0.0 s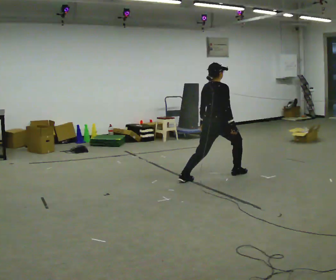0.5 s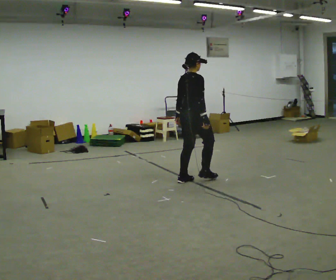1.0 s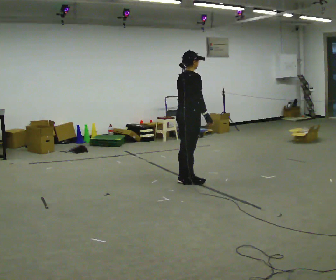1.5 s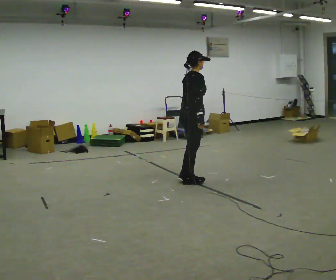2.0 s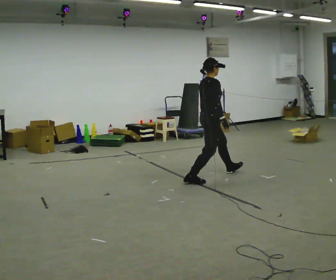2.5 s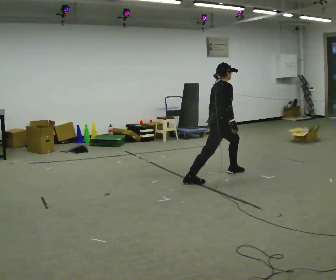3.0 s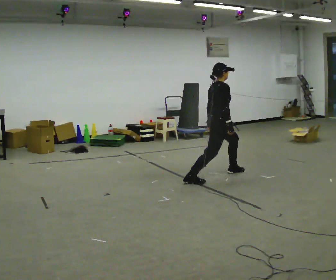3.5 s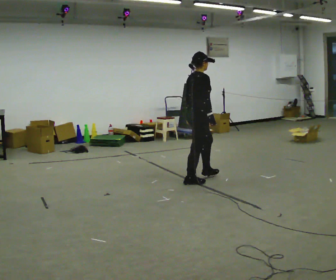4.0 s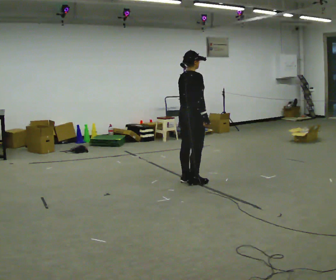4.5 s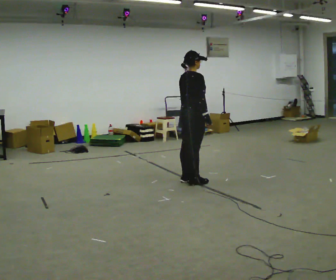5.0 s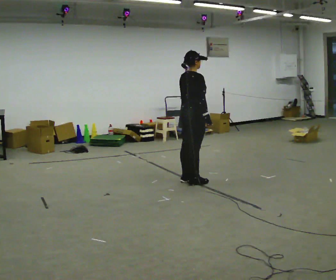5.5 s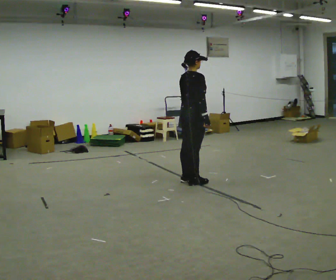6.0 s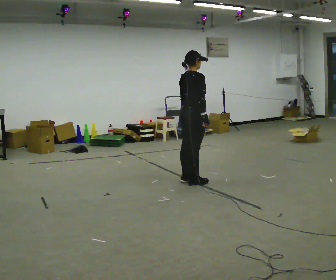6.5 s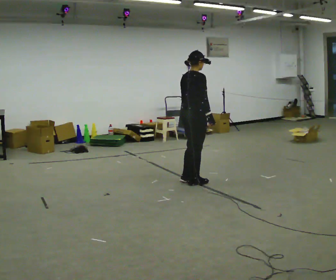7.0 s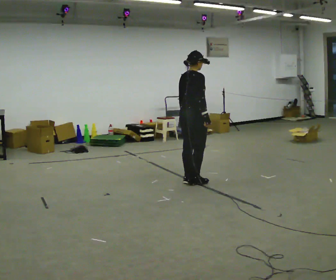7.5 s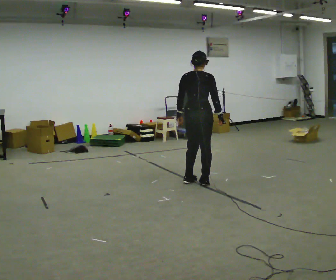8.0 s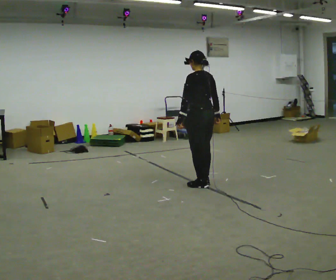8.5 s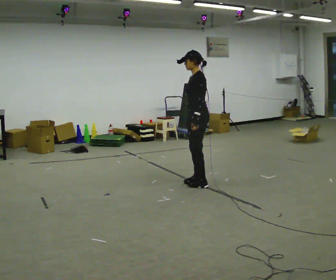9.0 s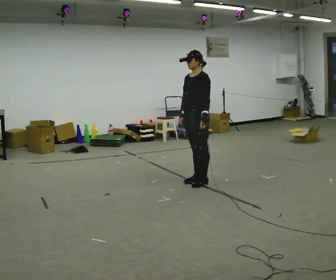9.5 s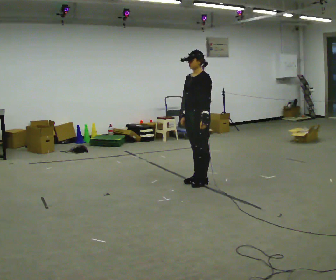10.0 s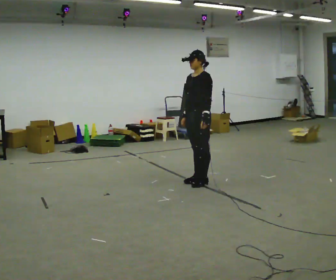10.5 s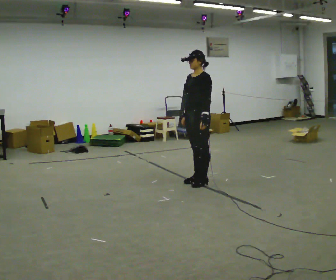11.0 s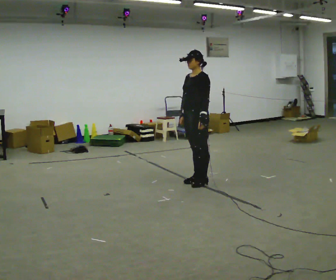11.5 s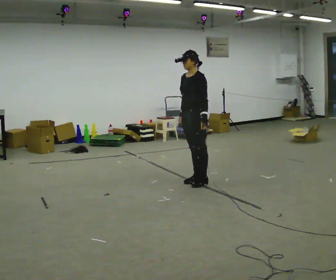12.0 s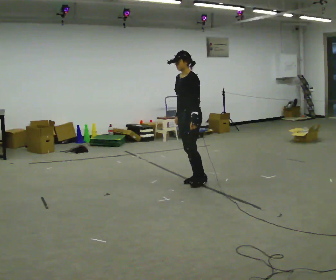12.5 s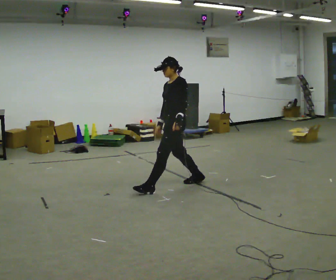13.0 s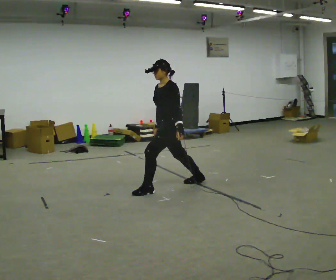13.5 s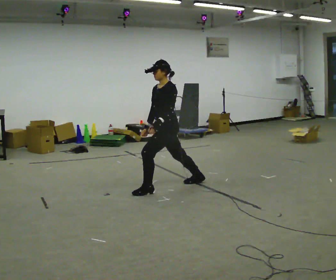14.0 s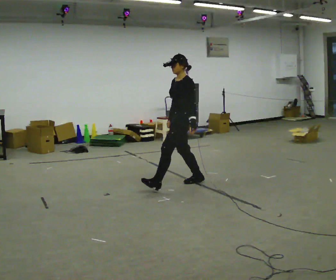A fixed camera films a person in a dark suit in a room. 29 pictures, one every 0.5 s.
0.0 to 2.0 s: Seen from above the body turns clockwise, about 45 degrees: to their right, with its near side sliding to the left. In the picture they go to the left and toward the camera, about 0.25 m in 2 steps, which for them is backward.
2.0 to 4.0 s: In the picture they go to the left, about 0.25 m in 1 step, which for them is backward.
4.0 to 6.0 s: The person moves a little, or ends about where they began.
6.0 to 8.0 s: The person turns about 90 degrees to their left, counterclockwise seen from above, so the part of the body nearest the lens slides to the right.
8.0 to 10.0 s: The part of the body nearest the lens slides to the right as the person turns to their left by about 90 degrees. In the picture their right hand goes to the left.
10.0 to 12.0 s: The person moves a little, or ends about where they began.
12.0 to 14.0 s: In the picture they go to the left and toward the camera, about 0.25 m in 1 step, which for them is forward.
The film runs backward here.
